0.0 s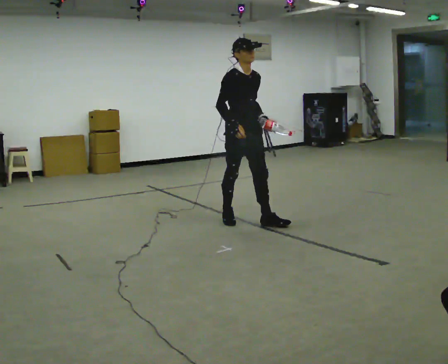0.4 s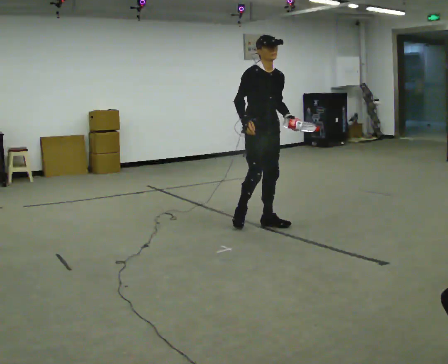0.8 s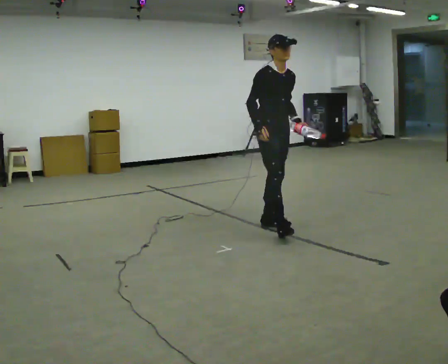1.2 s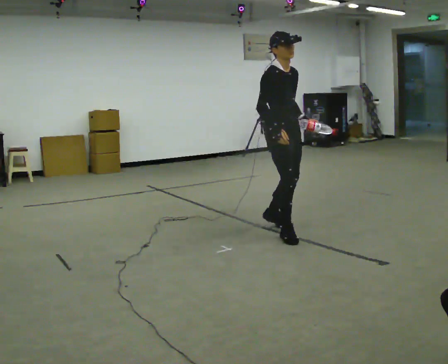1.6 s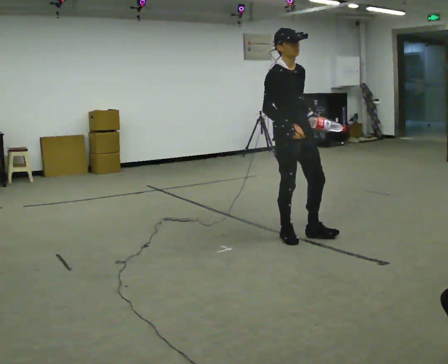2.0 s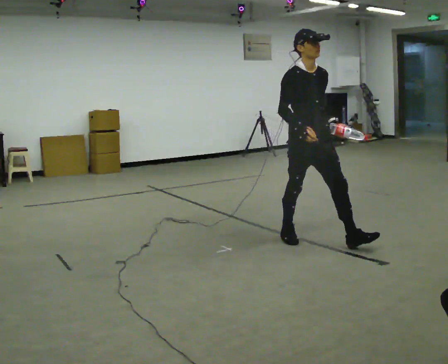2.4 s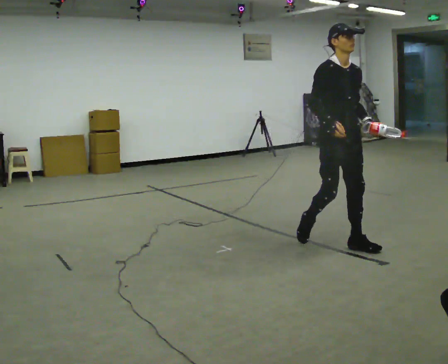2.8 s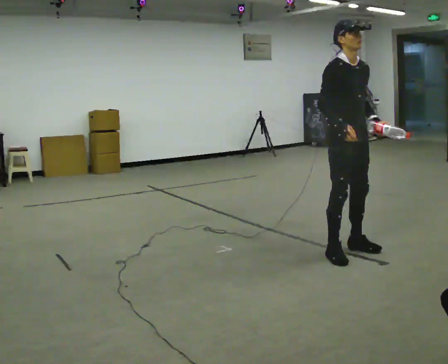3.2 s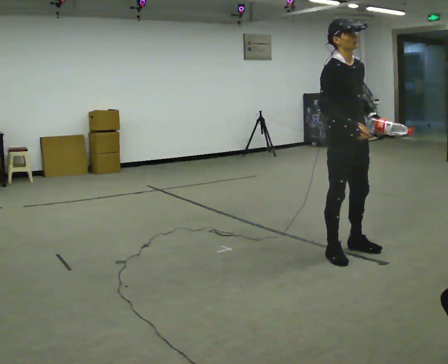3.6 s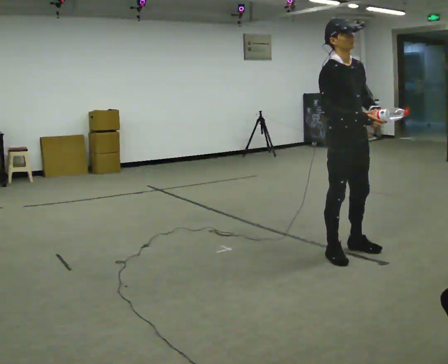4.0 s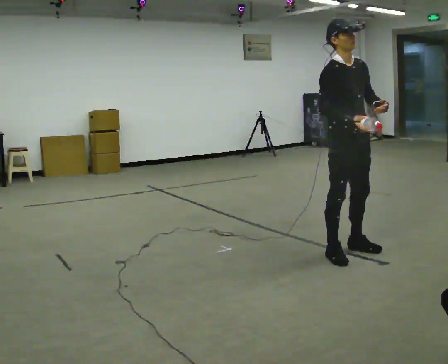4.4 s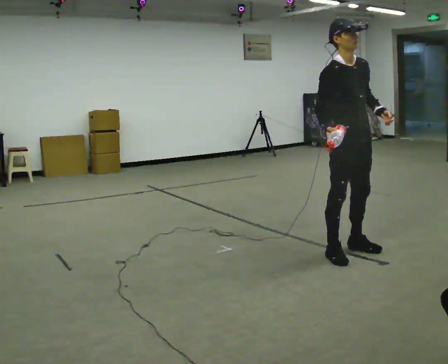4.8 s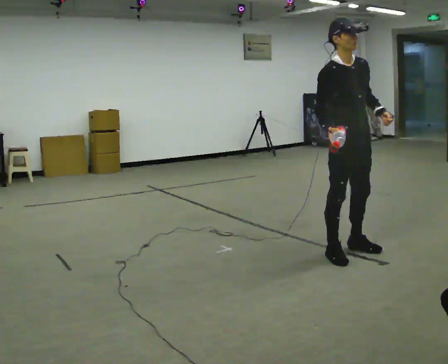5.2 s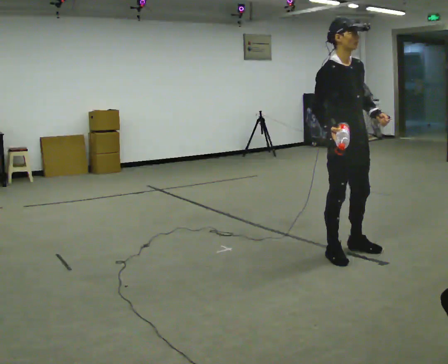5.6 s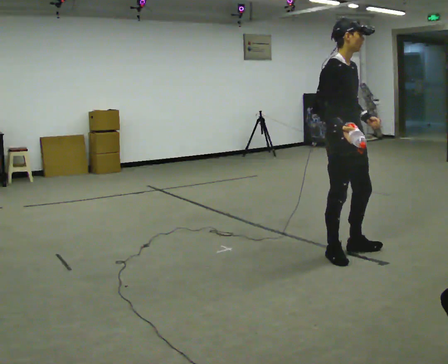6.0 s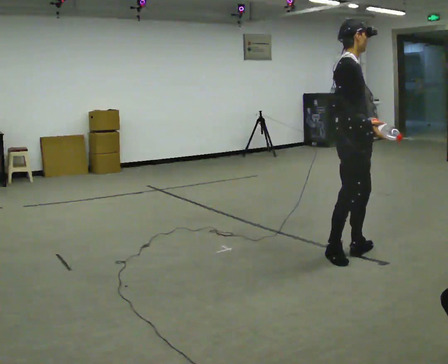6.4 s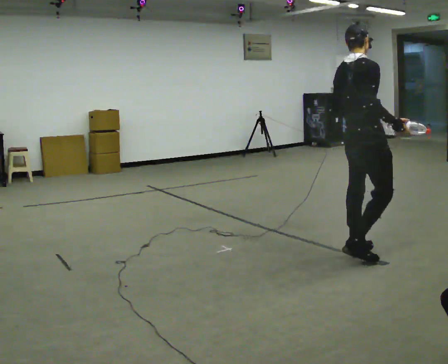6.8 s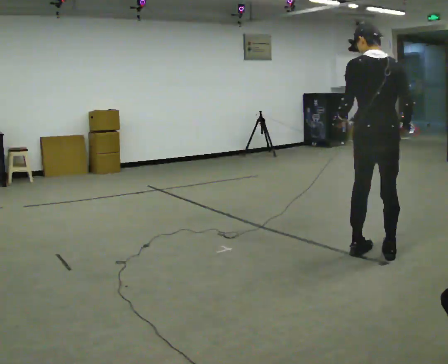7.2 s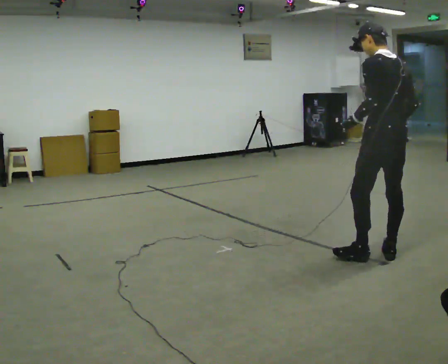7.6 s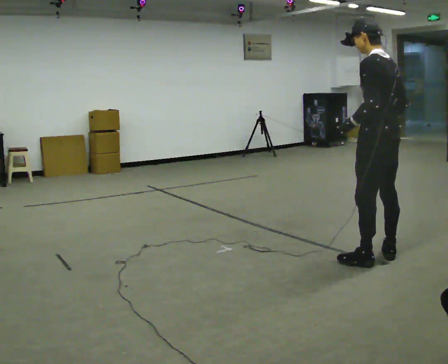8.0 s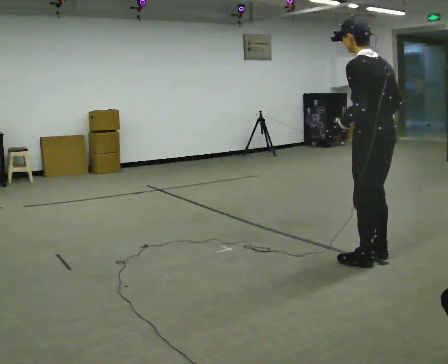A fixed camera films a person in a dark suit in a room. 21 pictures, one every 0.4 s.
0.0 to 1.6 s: In the picture they go to the right and toward the camera, about 0.75 m in 1 step, which for them is forward.
1.6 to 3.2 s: In the picture they go to the right and toward the camera, about 0.5 m in 2 steps, which for them is forward.
3.2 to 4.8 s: The person moves a little, or ends about where they began.
4.8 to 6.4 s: The person turns about 90 degrees to their left, counterclockwise seen from above, so the part of the body nearest the lens slides to the right. In the picture their right hand goes to the right, the arm swinging counterclockwise.
6.4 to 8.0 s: Seen from above the body turns counterclockwise, about 105 degrees: to their left, with its near side sliding to the right. In the picture they go toward the camera, about 0.25 m in 2 steps.
The film runs forward here.
